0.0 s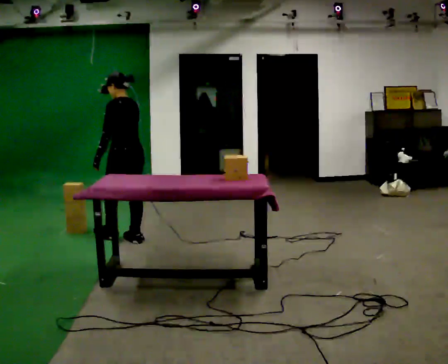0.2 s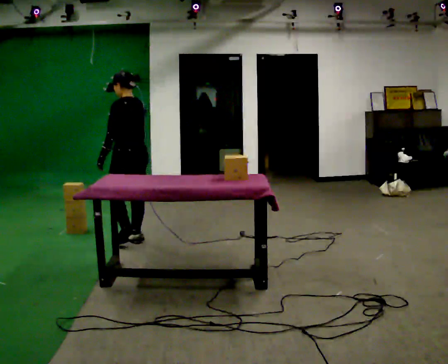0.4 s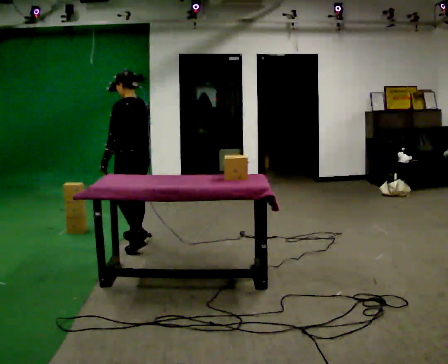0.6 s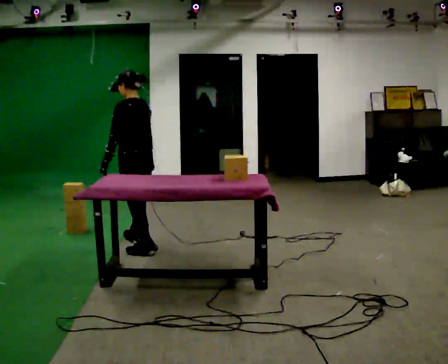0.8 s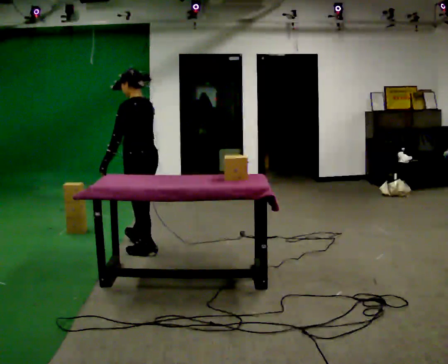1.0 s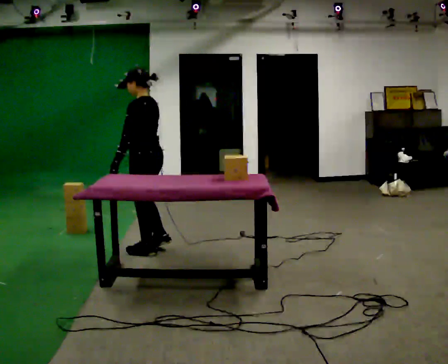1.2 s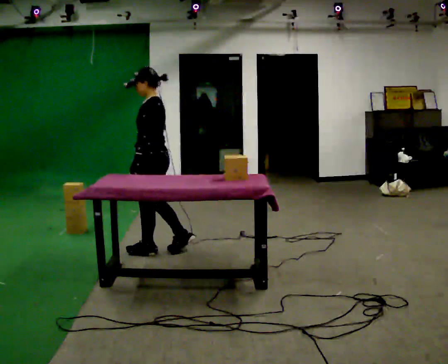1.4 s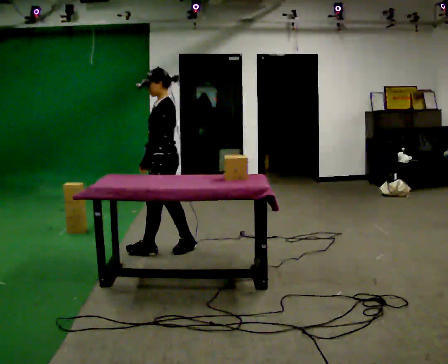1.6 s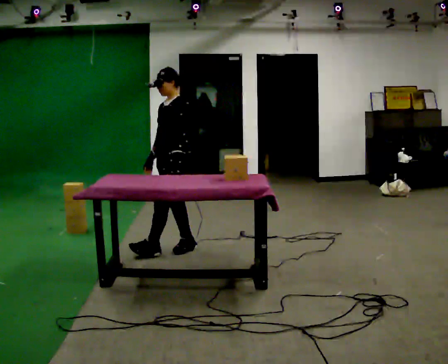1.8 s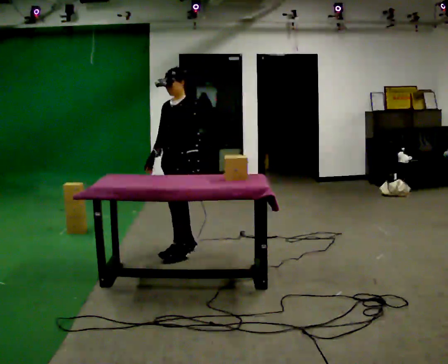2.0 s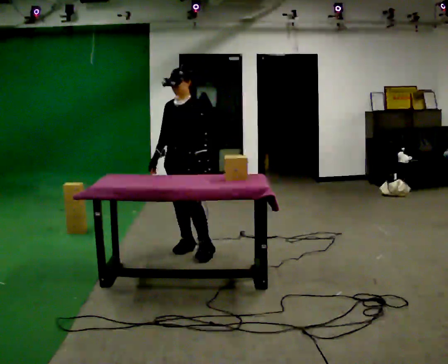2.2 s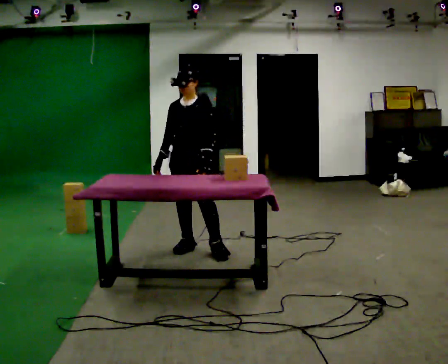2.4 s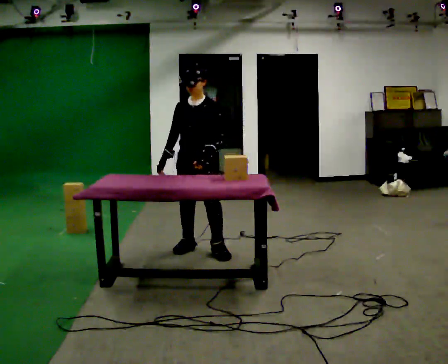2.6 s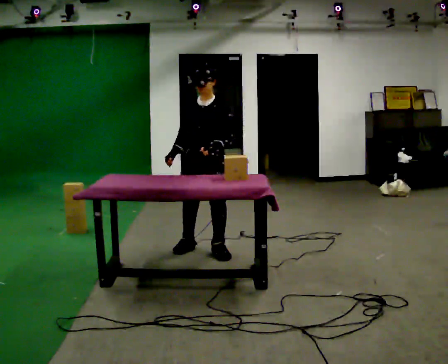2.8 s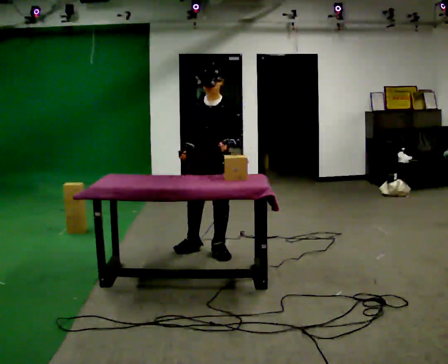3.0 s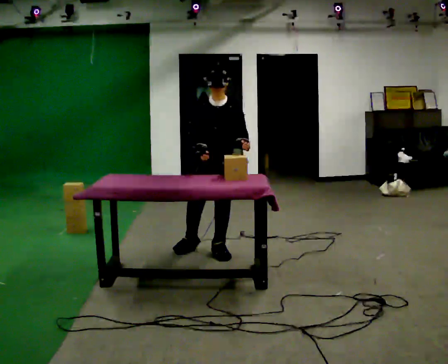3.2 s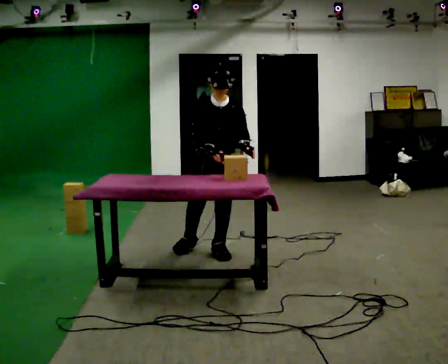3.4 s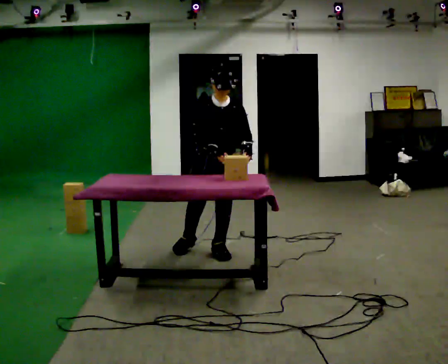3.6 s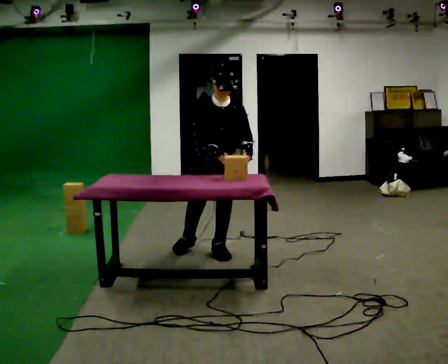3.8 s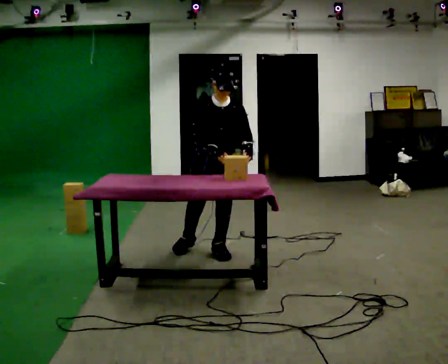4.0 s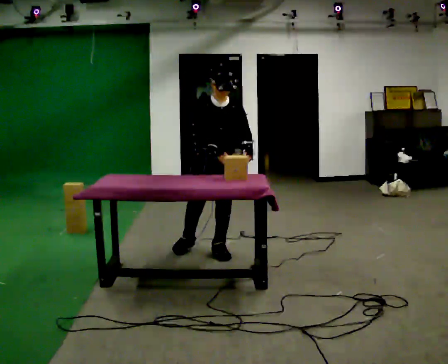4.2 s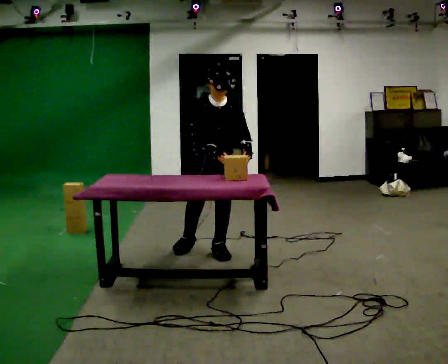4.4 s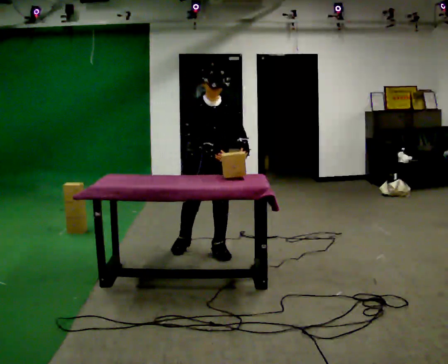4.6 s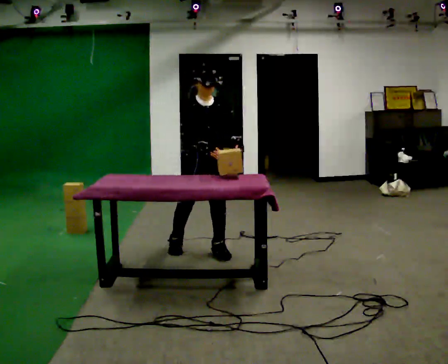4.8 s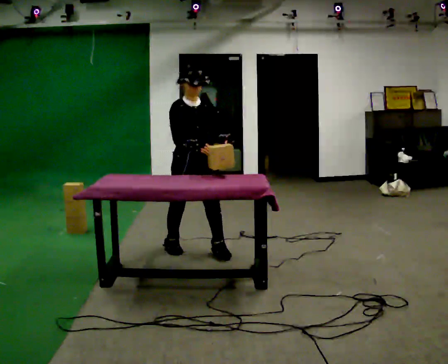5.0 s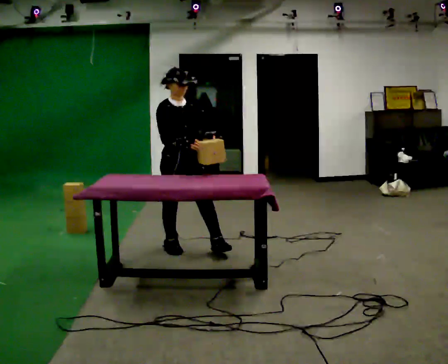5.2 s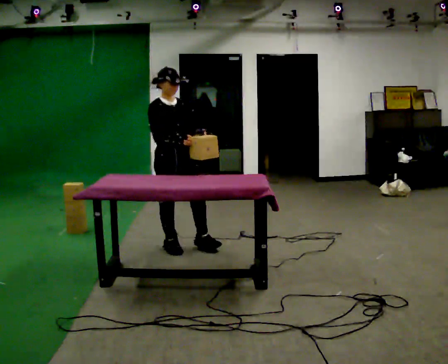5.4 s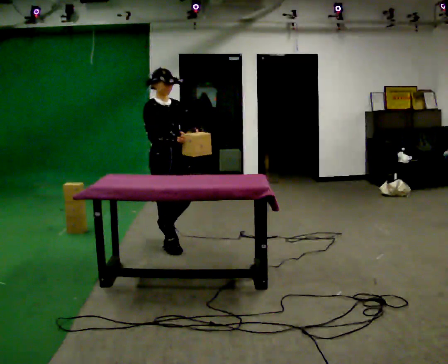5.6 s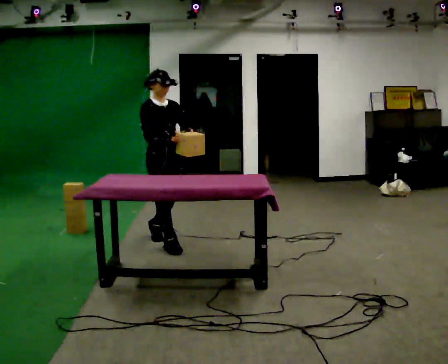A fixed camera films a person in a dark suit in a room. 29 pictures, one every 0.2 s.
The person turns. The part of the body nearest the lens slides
to the right.
The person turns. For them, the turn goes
to their left.
0.0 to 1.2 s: Seen from above the body turns counterclockwise, about 30 degrees: to their left, with its near side sliding to the right. In the picture they go toward the camera and to the right, about 0.5 m in 1 step, which for them is backward.
1.2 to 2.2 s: Seen from above the body turns counterclockwise, about 75 degrees: to their left, with its near side sliding to the right. In the picture they go to the right, about 0.25 m in 1 step.
2.2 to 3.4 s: Seen from above the body turns counterclockwise, about 30 degrees: to their left, with its near side sliding to the right. In the picture they go to the right, about 0.25 m, which for them is to their left.
3.4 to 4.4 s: The person moves a little, or ends about where they began.
4.4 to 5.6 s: Seen from above the body turns counterclockwise, about 30 degrees: to their left, with its near side sliding to the right. In the picture they go to the left and away from the camera, about 0.5 m in 1 step, which for them is backward and to their right.
The film runs backward here.
